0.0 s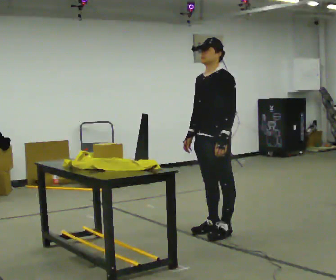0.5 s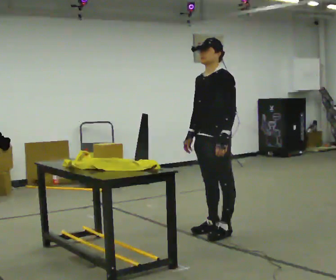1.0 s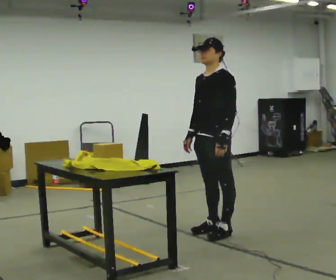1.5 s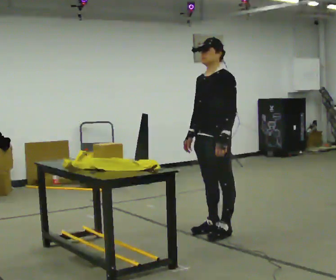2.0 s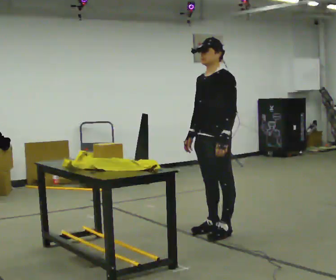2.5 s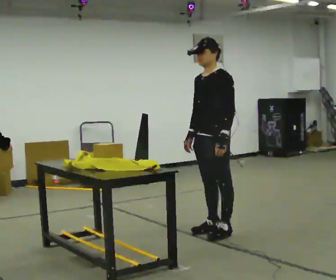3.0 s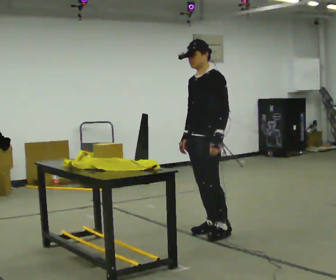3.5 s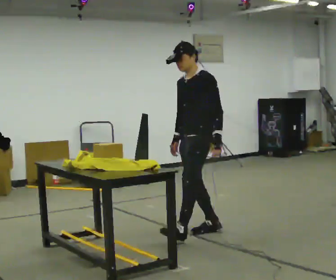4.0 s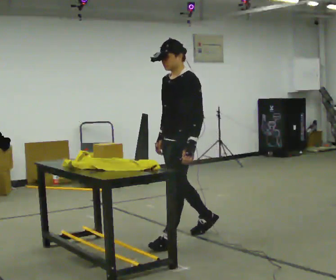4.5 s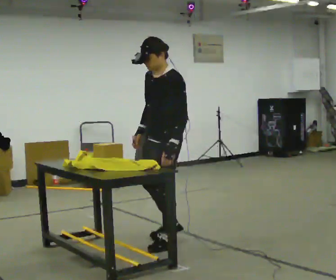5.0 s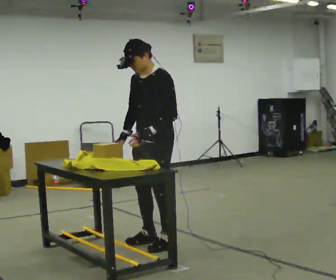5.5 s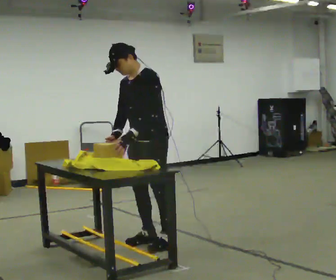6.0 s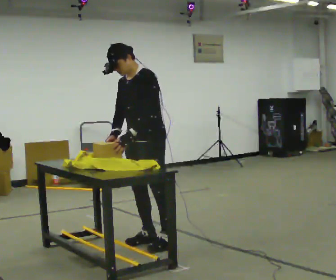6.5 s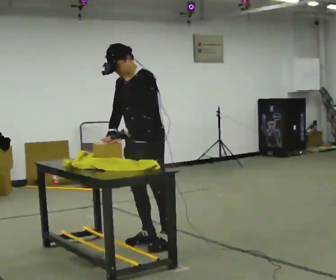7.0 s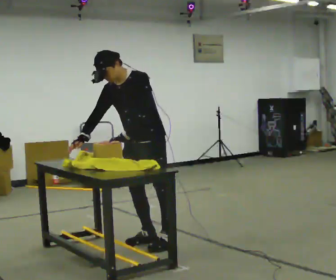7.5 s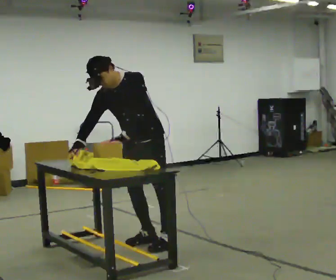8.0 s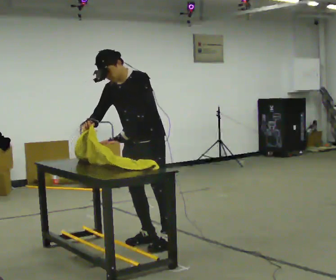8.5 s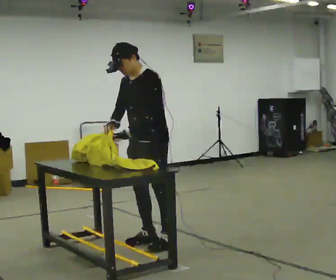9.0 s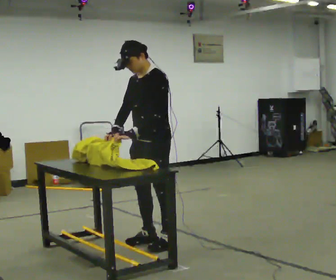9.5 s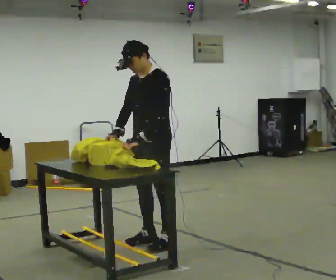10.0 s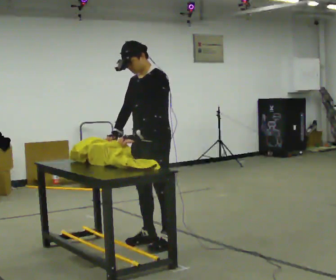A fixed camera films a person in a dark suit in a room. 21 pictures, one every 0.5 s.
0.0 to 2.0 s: The person keeps their place and pose.
2.0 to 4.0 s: In the picture they go to the left and toward the camera, about 0.5 m in 1 step, which for them is forward.
4.0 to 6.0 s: In the picture they go to the left, about 0.25 m in 1 step, which for them is forward.
6.0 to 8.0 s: The person moves a little, or ends about where they began.
8.0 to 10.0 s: In the picture the upper body tilts clockwise, shoulders to the right, as they lean back or straighten.
The film runs forward here.
